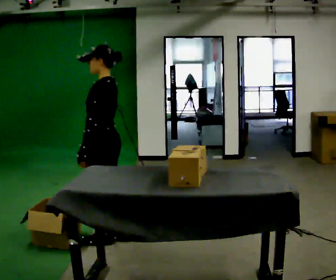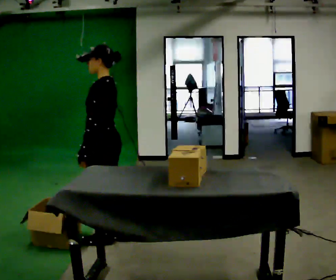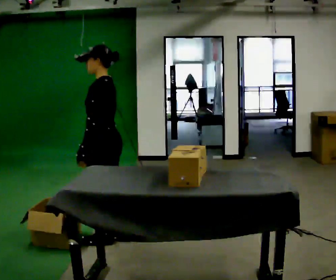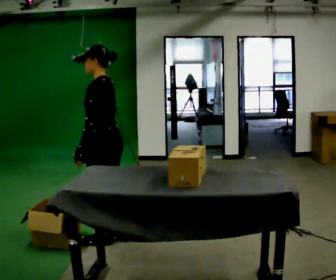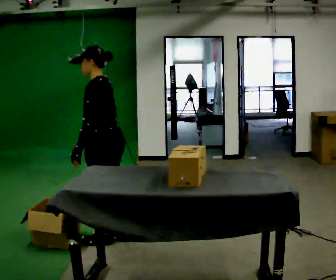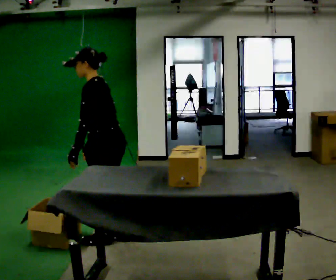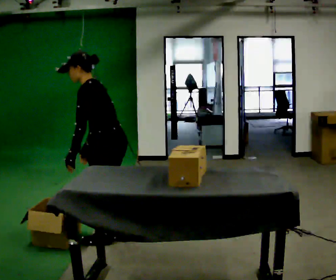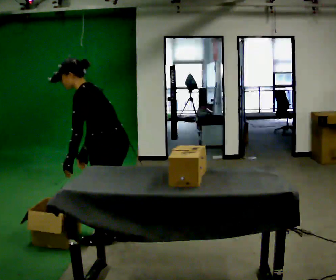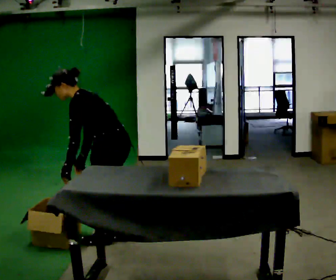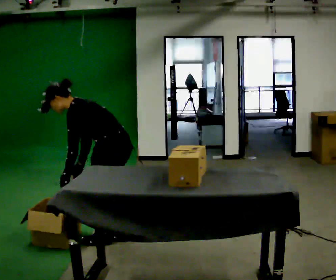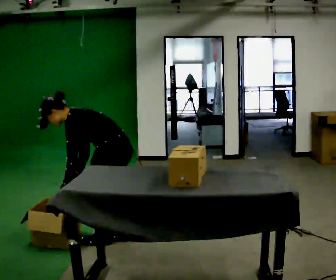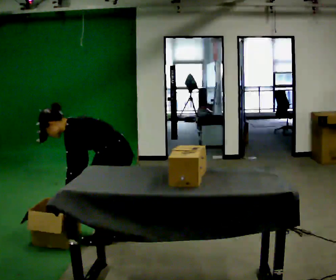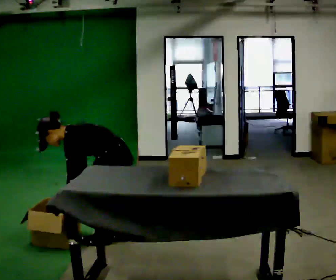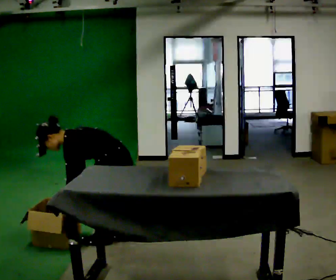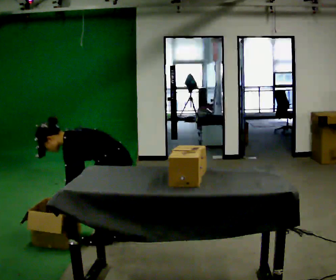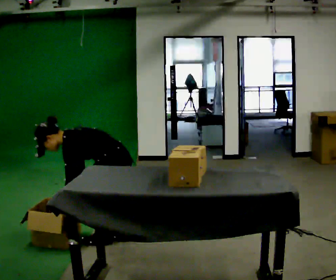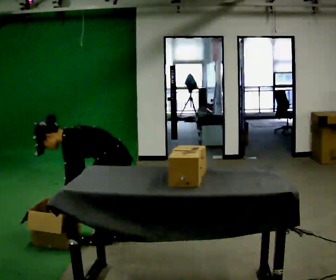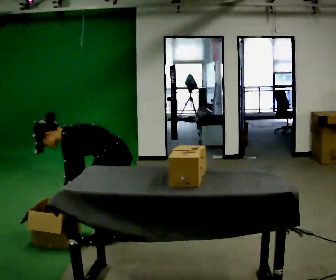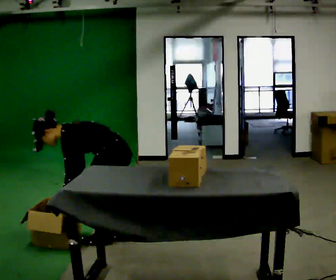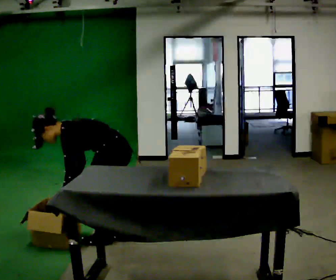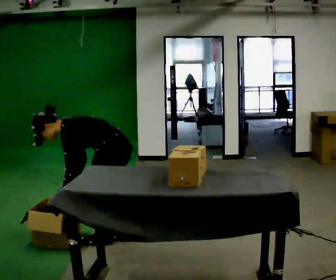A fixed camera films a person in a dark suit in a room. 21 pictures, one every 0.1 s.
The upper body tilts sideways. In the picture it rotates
counterclockwise.
0.0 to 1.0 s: The upper body goes downward. In the picture the upper body tilts counterclockwise, shoulders to the left, as they bend forward.
1.0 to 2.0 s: In the picture the upper body tilts counterclockwise, shoulders to the left, as they bend forward.
The film runs backward here.
